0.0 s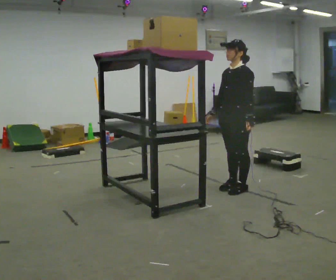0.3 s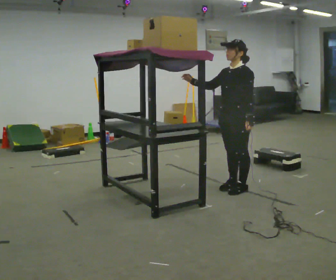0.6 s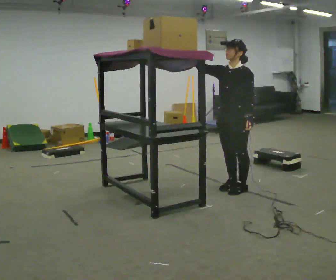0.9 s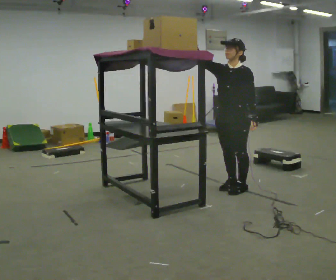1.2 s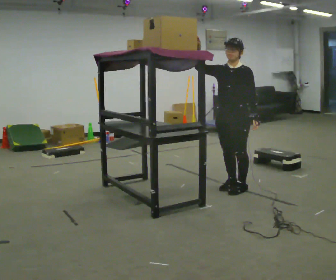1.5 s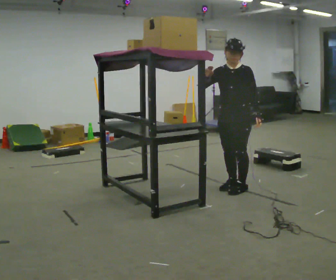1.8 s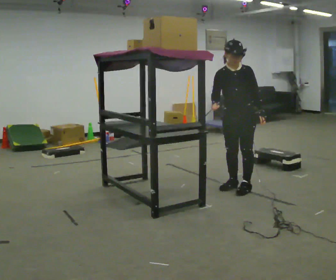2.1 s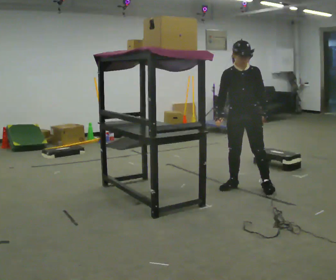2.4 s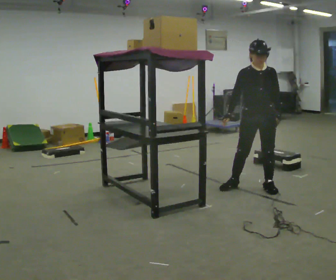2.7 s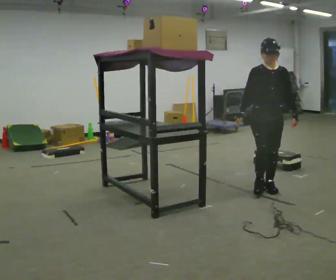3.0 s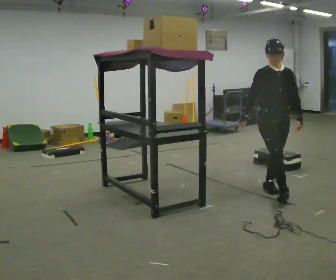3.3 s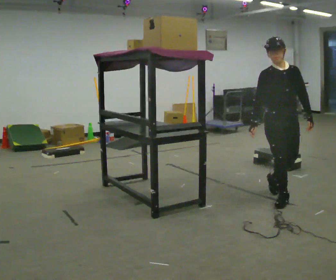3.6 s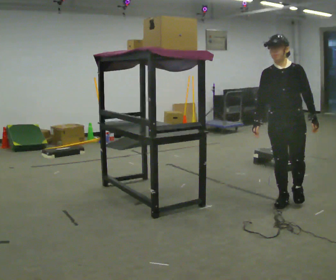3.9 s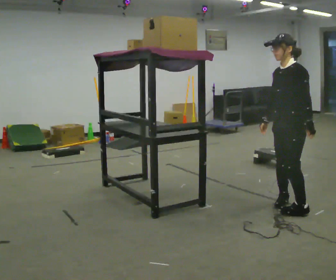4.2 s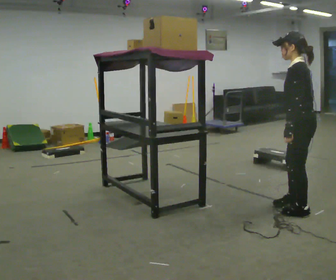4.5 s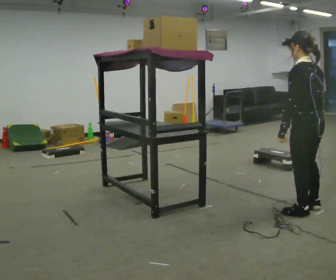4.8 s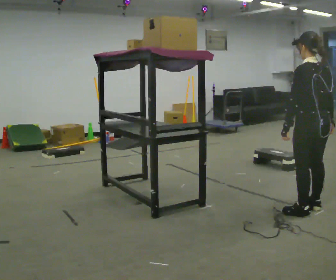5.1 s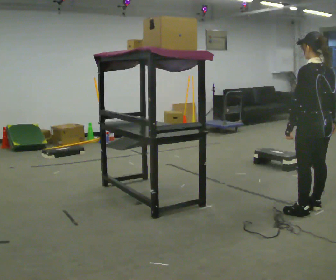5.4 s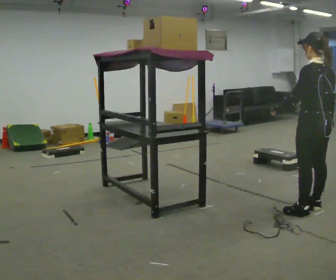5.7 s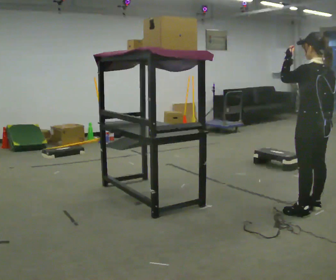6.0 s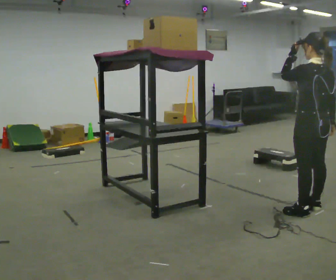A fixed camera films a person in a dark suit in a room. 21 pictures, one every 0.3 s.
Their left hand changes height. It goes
upward.
0.0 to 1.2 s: The part of the body nearest the lens slides to the right as the person turns to their left by about 30 degrees. In the picture their right hand goes upward, the arm swinging clockwise.
1.2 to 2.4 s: In the picture they go to the right, about 0.25 m in 1 step, which for them is to their left. In the picture their right hand goes downward.
2.4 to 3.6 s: In the picture they go toward the camera, about 0.5 m in 1 step, which for them is forward.
3.6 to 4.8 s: Seen from above the body turns clockwise, about 135 degrees: to their right, with its near side sliding to the left. In the picture they go toward the camera and to the right, about 0.25 m in 2 steps.
4.8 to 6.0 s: In the picture their left hand goes upward.
The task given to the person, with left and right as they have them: Take an object from the highest shelf you can comfortably reach, carry it across, and place it on the lowest shelf. Keep going until the operator says stop; one object at a time, and do not rush between trips.
The film runs forward here.
